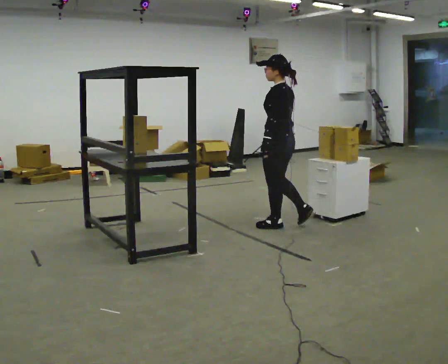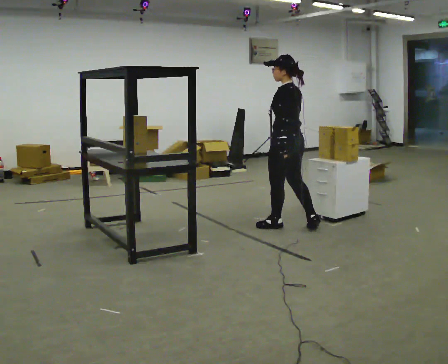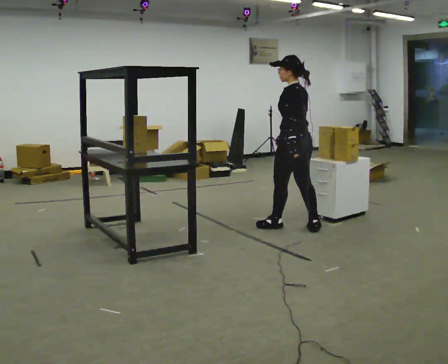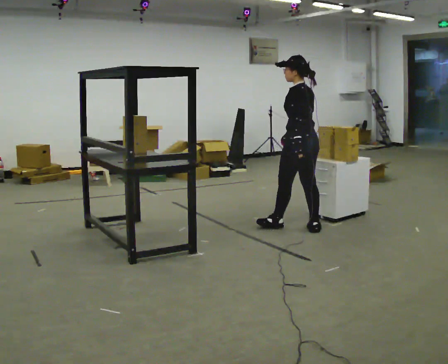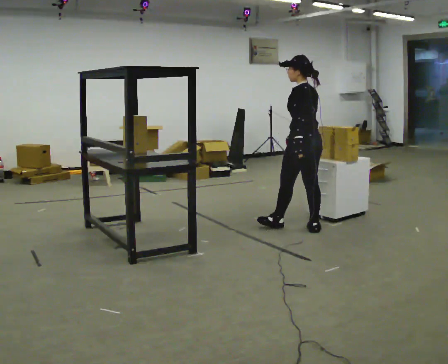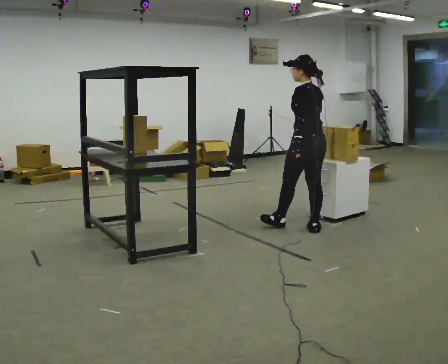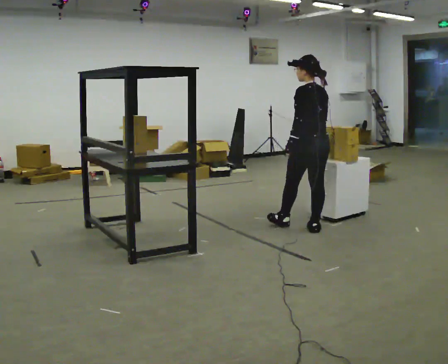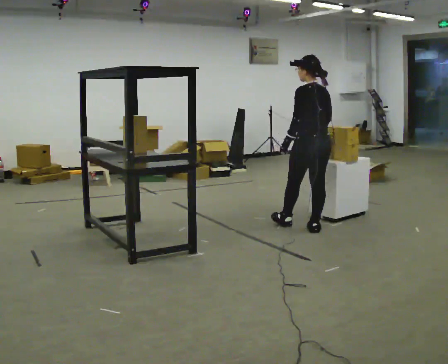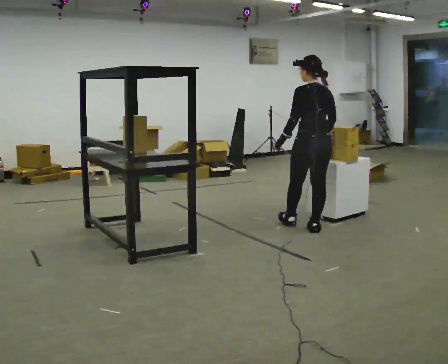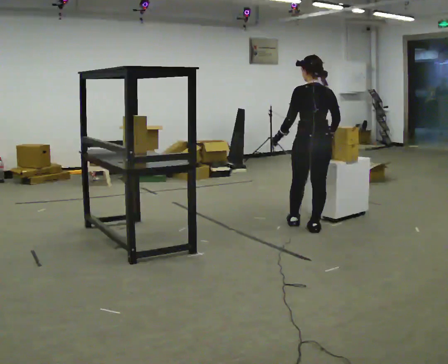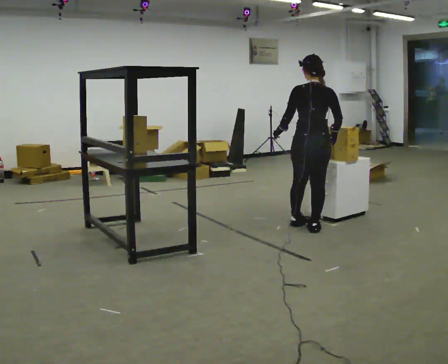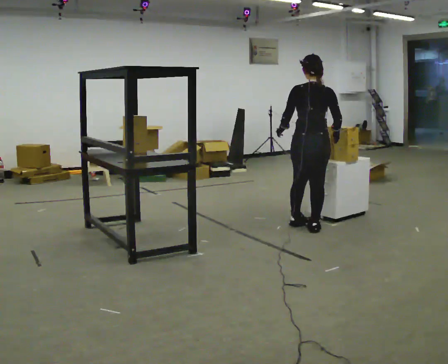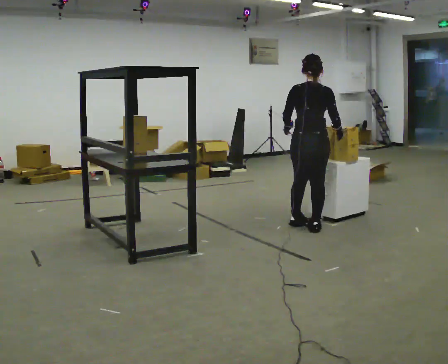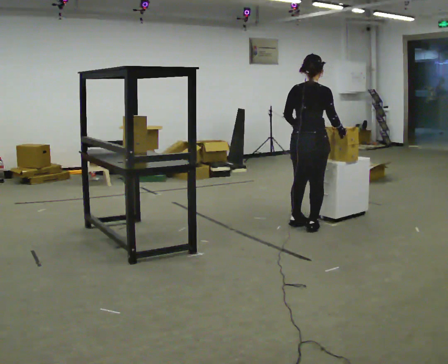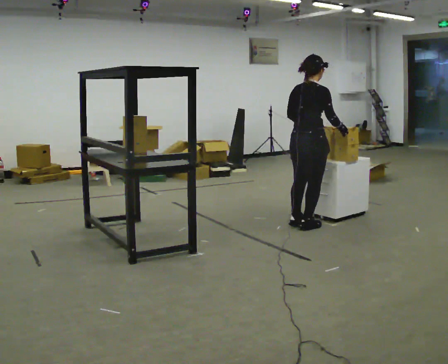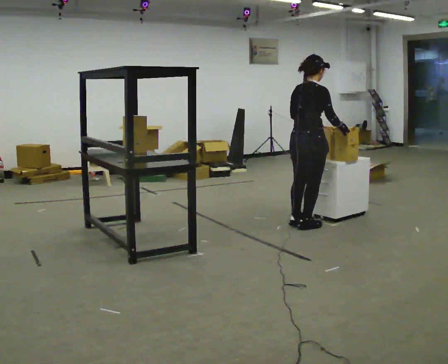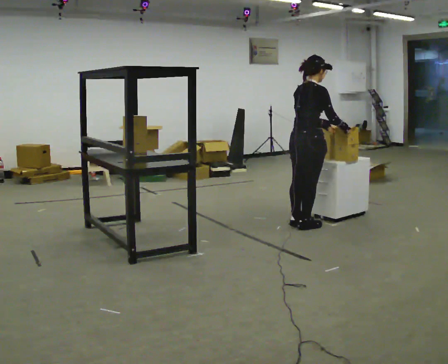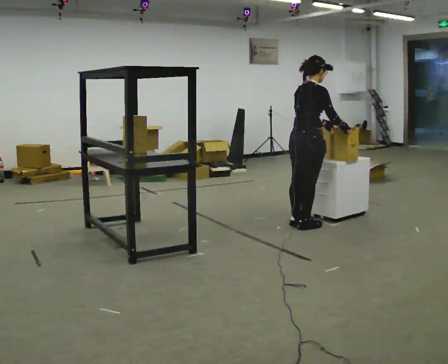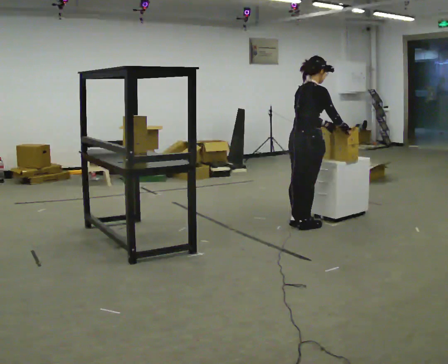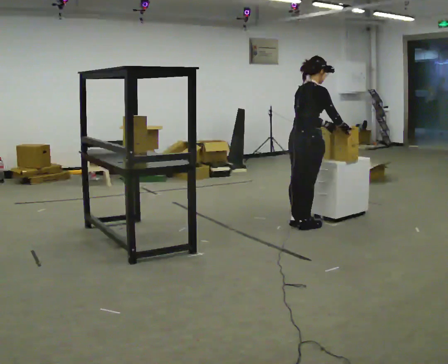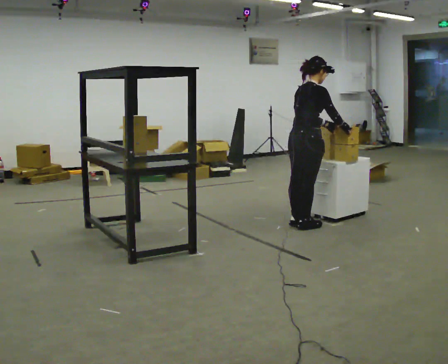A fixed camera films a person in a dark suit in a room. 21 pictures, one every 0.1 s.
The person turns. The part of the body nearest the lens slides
to the left.
The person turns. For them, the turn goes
to their right.
0.0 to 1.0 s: Seen from above the body turns clockwise, about 60 degrees: to their right, with its near side sliding to the left. In the picture they go to the right, about 0.25 m, which for them is backward and to their right.
1.0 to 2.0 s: Seen from above the body turns clockwise, about 60 degrees: to their right, with its near side sliding to the left. In the picture their left hand goes to the right.
The film runs backward here.
